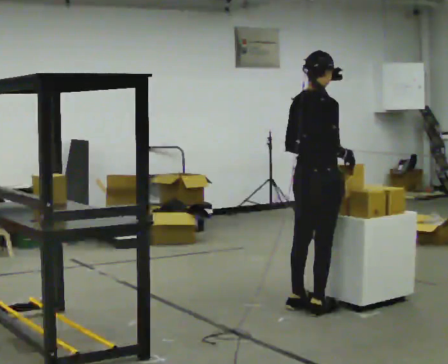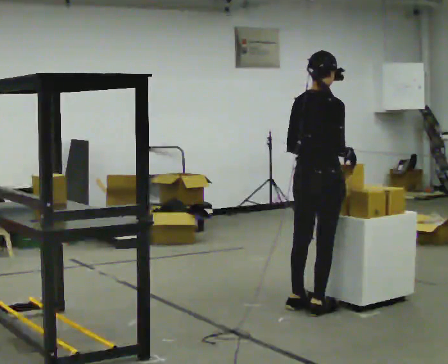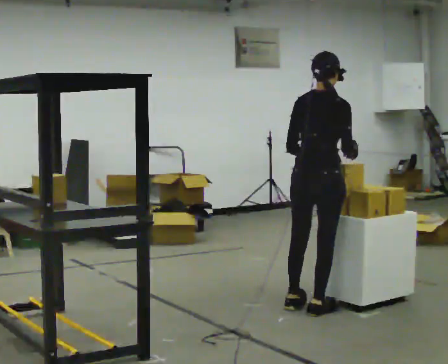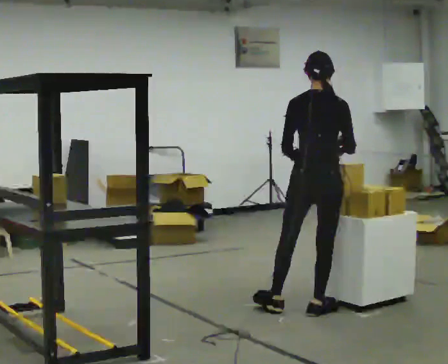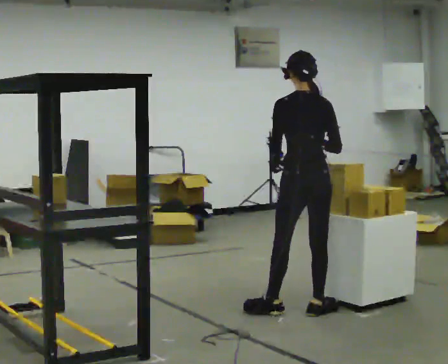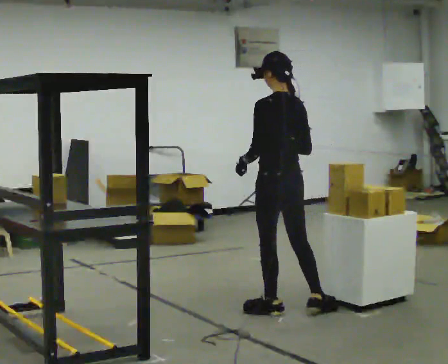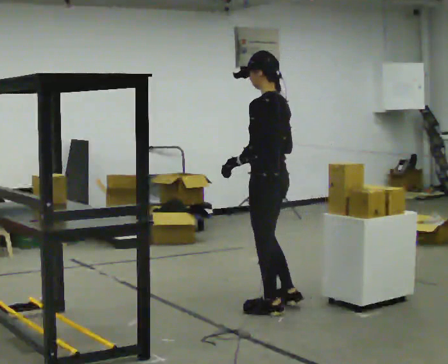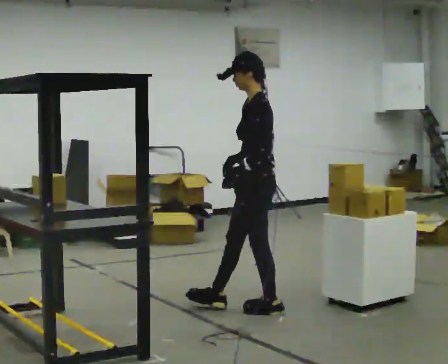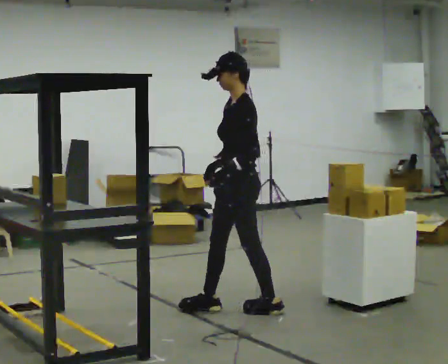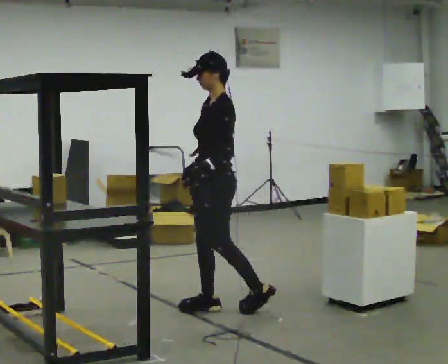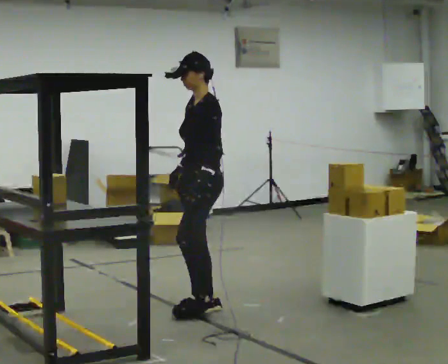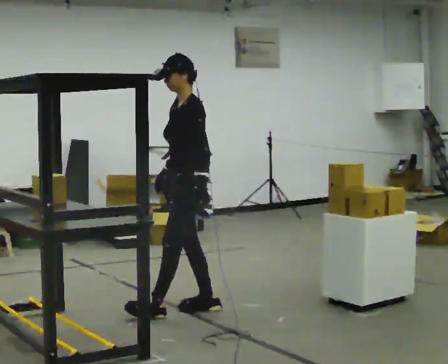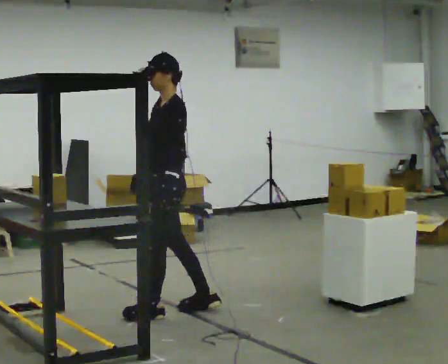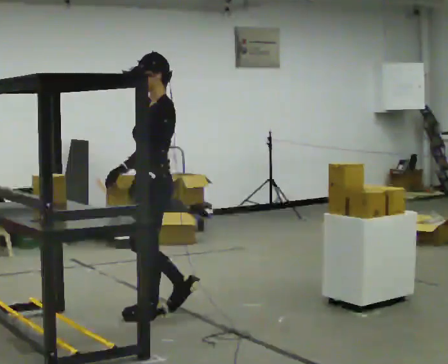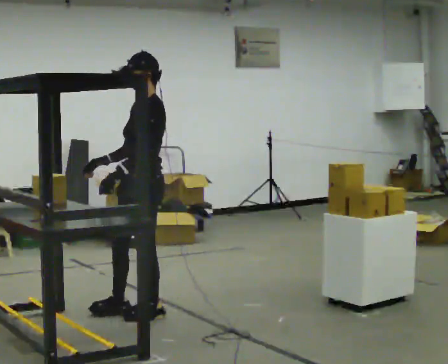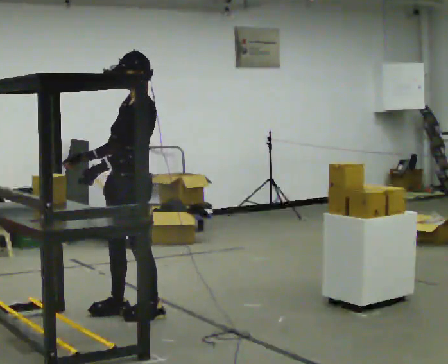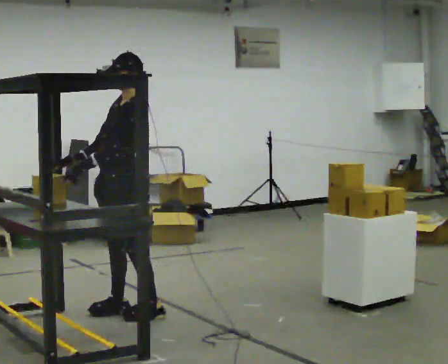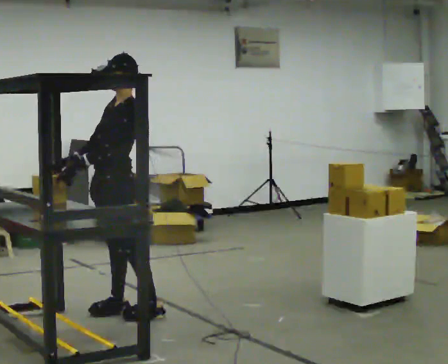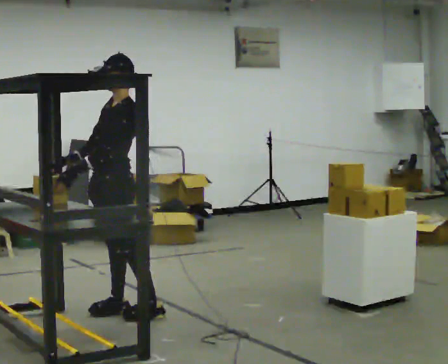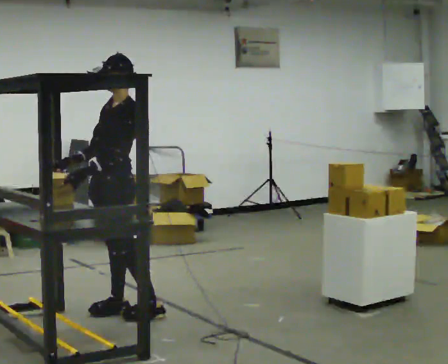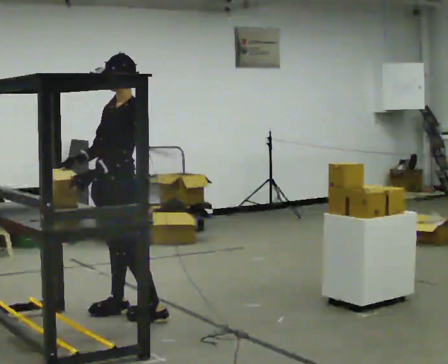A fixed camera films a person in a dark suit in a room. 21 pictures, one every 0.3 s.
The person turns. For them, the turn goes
to their left.
The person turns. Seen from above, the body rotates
counterclockwise.
0.0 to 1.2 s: The part of the body nearest the lens slides to the right as the person turns to their left by about 75 degrees. In the picture their left hand goes to the left.
1.2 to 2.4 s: Seen from above the body turns counterclockwise, about 90 degrees: to their left, with its near side sliding to the right. In the picture they go to the left, about 0.5 m in 1 step.
2.4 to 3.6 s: In the picture they go to the left, about 0.5 m in 1 step, which for them is forward.
3.6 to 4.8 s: In the picture they go to the left, about 0.25 m in 1 step, which for them is forward.
4.8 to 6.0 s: The person moves a little, or ends about where they began.
The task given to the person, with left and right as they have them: Move objects one at a time from the waist-height shelf at one end of the room to the waist-height shelf at the other end. Keep going until the operator says stop; one object at a time, and do not rush between trips.
The film runs forward here.
